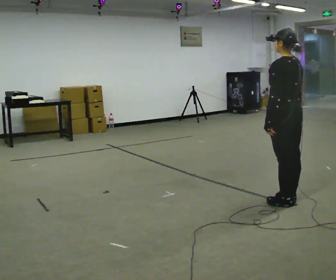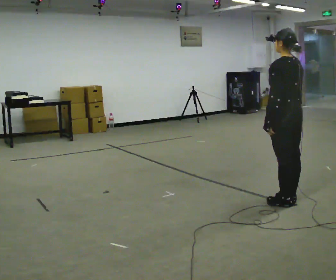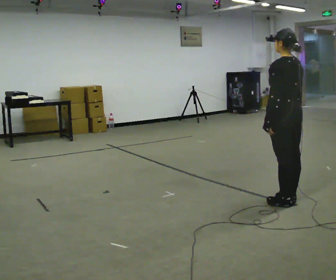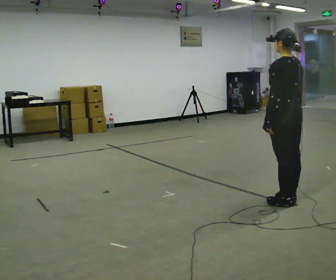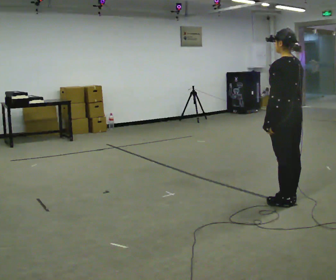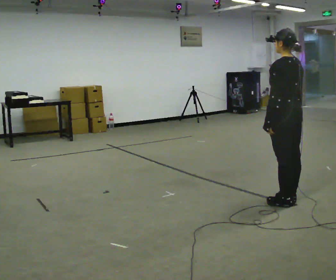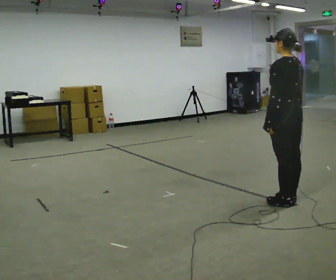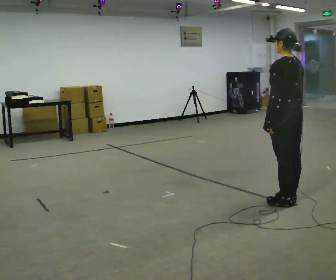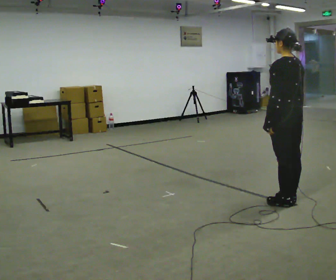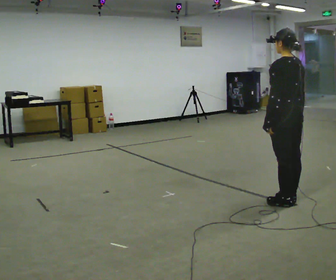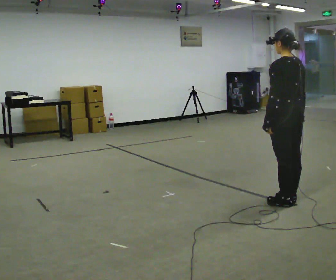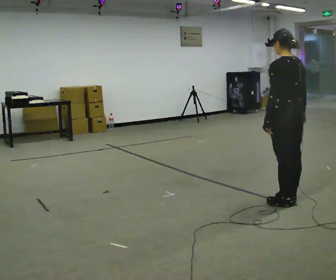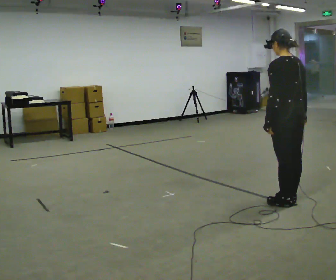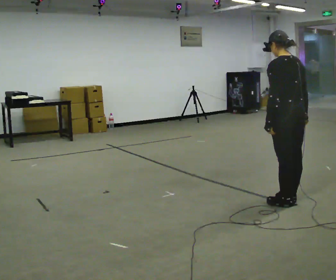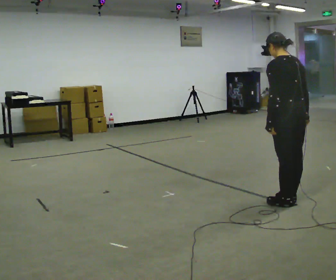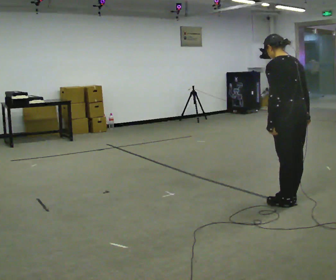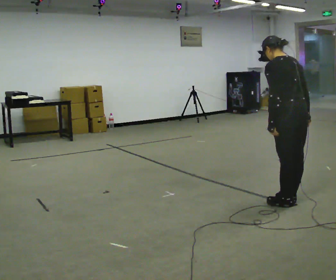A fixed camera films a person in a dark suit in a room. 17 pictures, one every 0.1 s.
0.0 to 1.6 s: In the picture the upper body tilts counterclockwise, shoulders to the left, as they bend forward.
The film runs forward here.
